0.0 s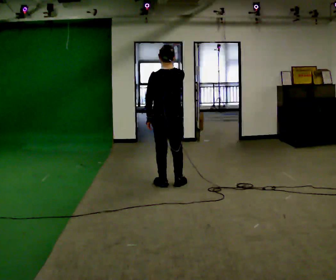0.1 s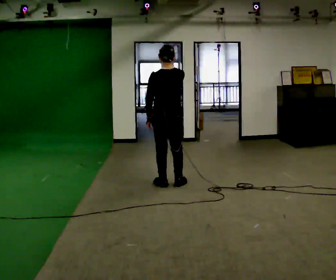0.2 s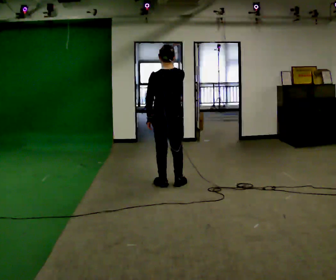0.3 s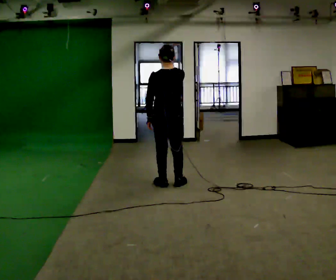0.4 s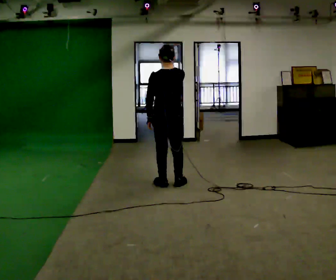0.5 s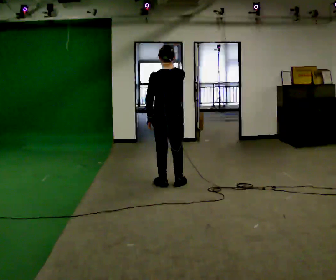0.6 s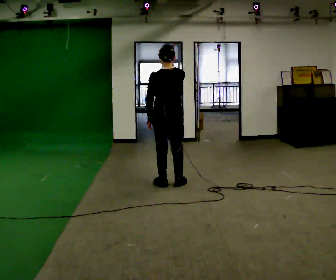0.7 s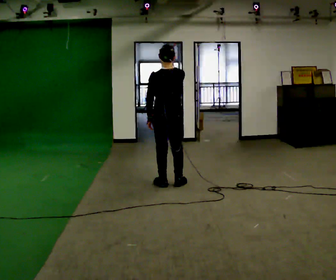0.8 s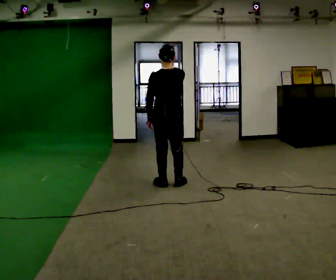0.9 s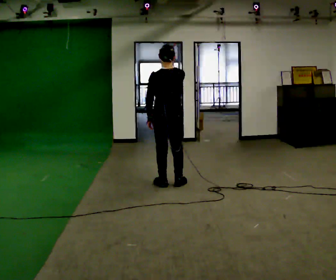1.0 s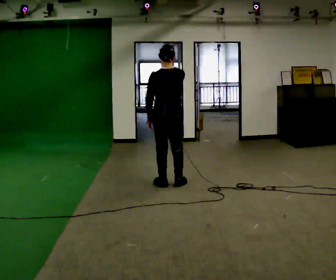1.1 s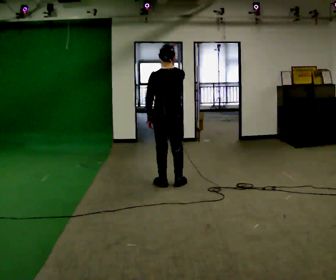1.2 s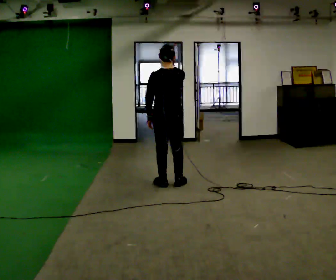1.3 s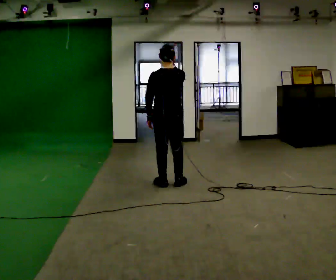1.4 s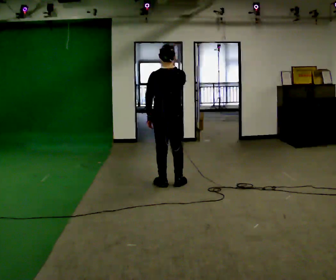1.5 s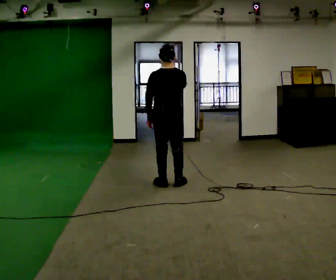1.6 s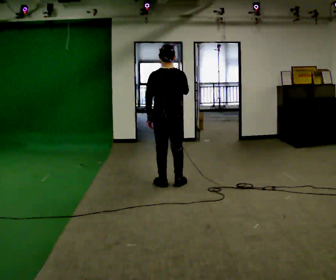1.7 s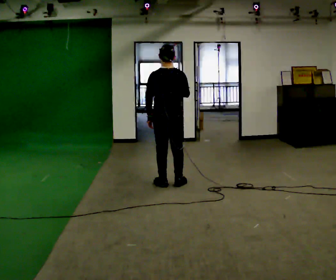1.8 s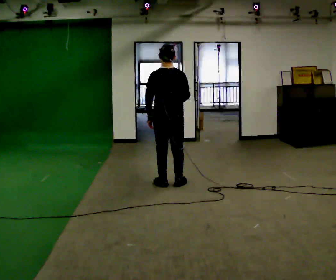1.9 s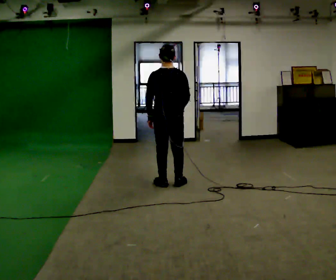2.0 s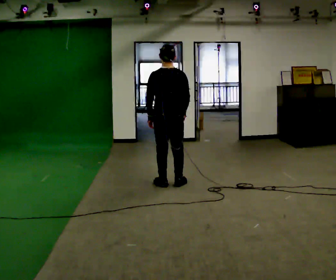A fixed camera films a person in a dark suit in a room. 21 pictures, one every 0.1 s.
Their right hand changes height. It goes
downward.
0.0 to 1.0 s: The person keeps their place and pose.
1.0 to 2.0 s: In the picture their right hand goes downward.
The film runs backward here.
